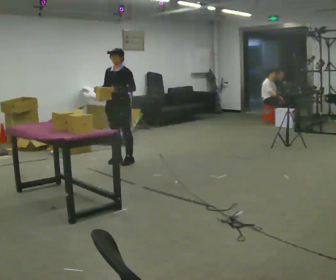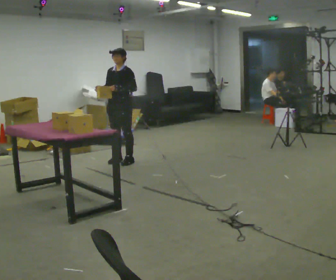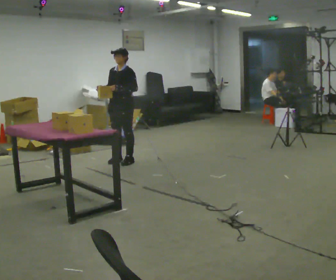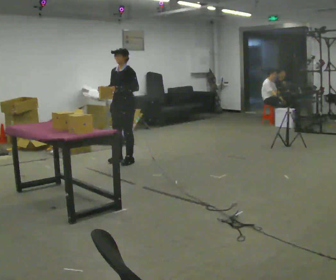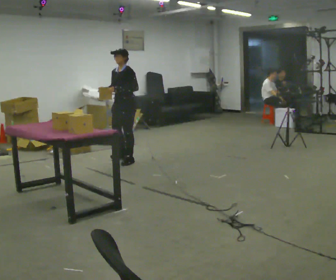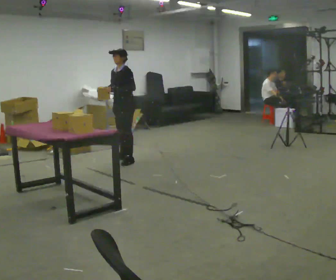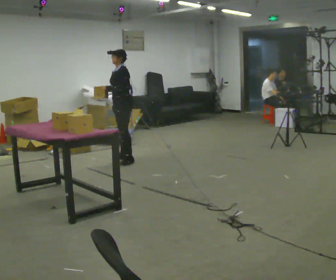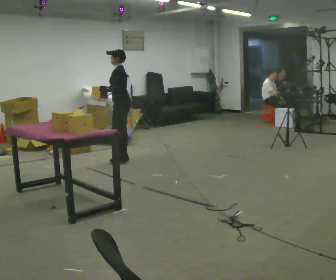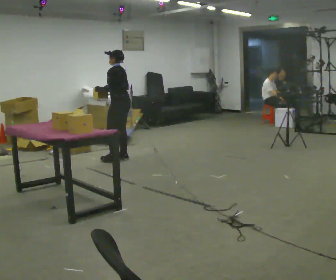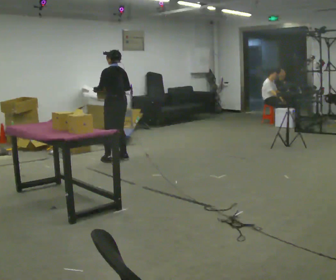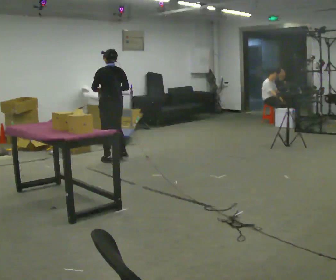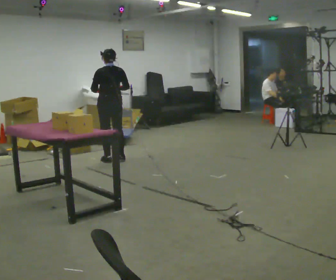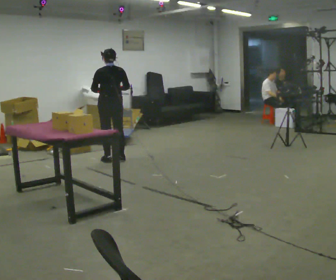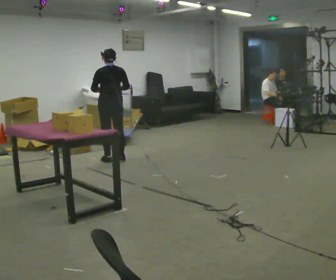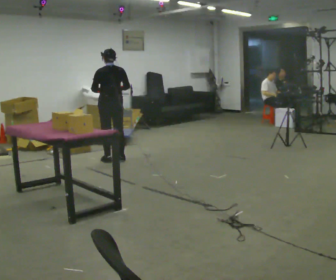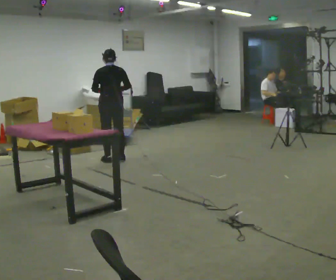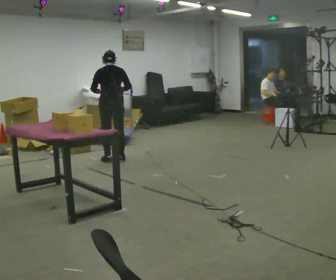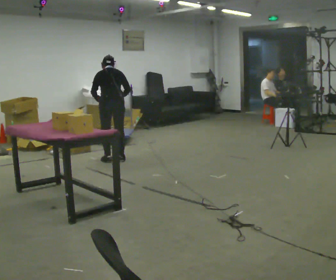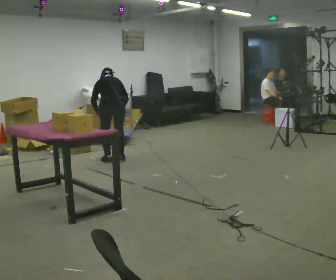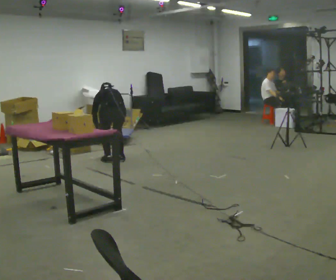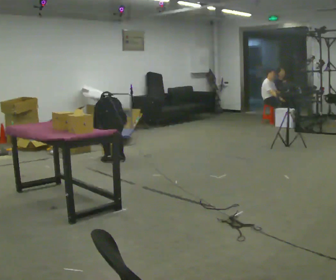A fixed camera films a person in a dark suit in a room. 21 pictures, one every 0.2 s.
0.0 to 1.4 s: The person turns about 45 degrees to their right, clockwise seen from above, so the part of the body nearest the lens slides to the left. In the picture they go away from the camera, about 0.25 m in 1 step, which for them is backward.
1.4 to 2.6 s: Seen from above the body turns clockwise, about 75 degrees: to their right, with its near side sliding to the left. In the picture they go to the left, about 0.25 m.
2.6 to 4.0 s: The upper body goes downward. The upper body tips away from the camera, its near side rolling upward, as they bend forward. In the picture their left hand goes downward.
The film runs backward here.
